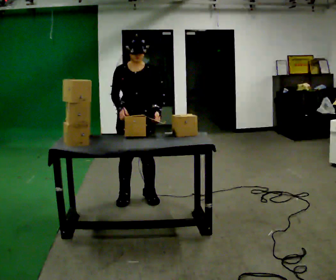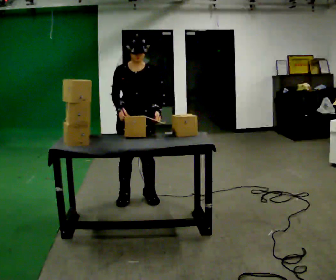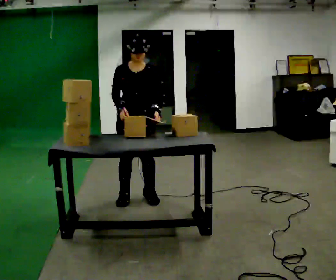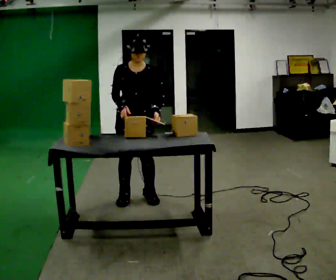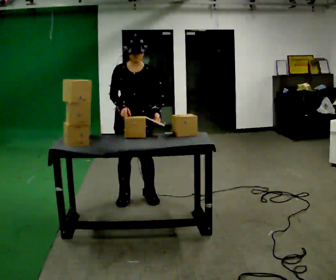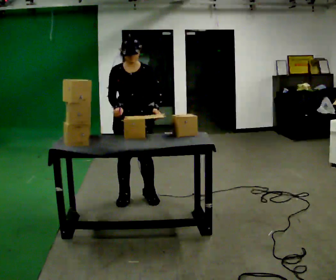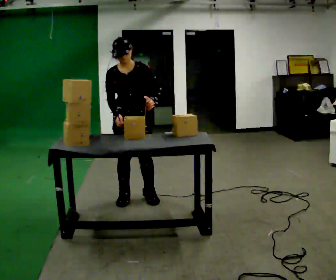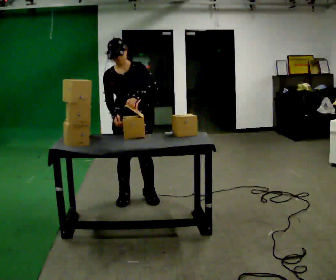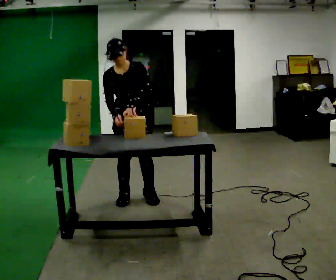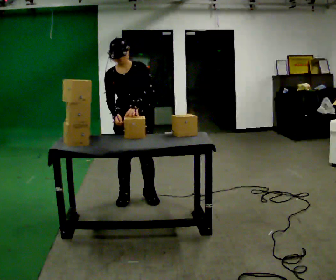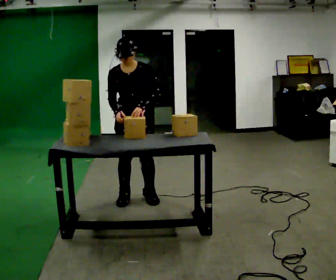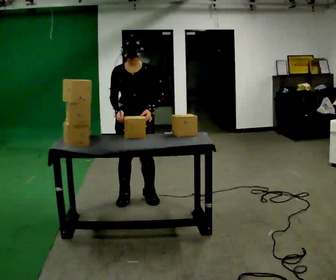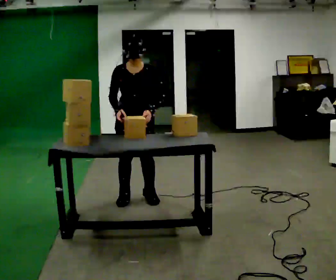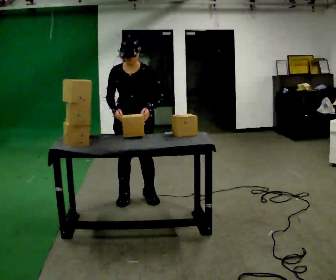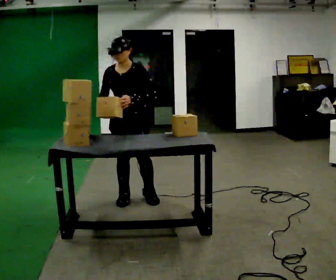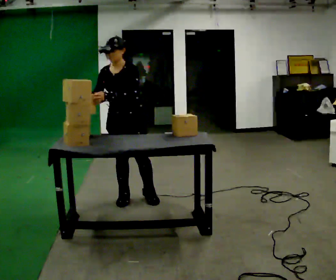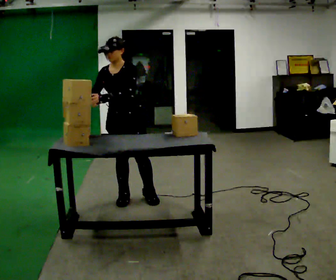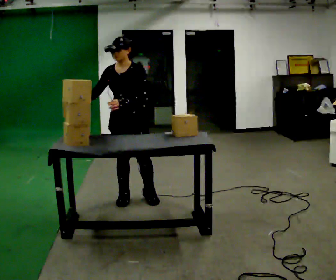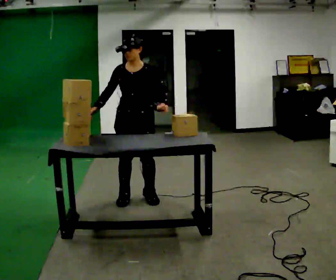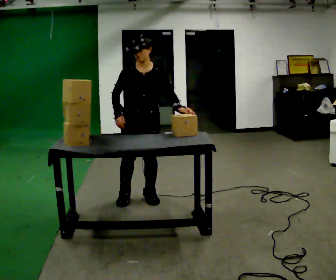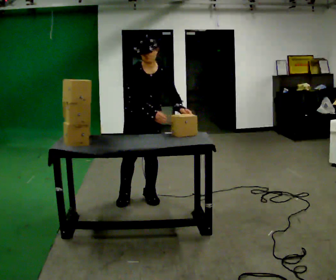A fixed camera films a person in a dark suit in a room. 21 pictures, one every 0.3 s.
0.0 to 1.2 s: The person keeps their place and pose.
1.2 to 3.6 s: The person moves a little, or ends about where they began.
3.6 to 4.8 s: In the picture their left hand goes to the left.
4.8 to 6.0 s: Seen from above the body turns counterclockwise, about 30 degrees: to their left, with its near side sliding to the right. In the picture they go to the right, about 0.25 m, which for them is to their left. In the picture the upper body tilts clockwise, shoulders to the right. In the picture their left hand goes to the right.
The film runs backward here.
